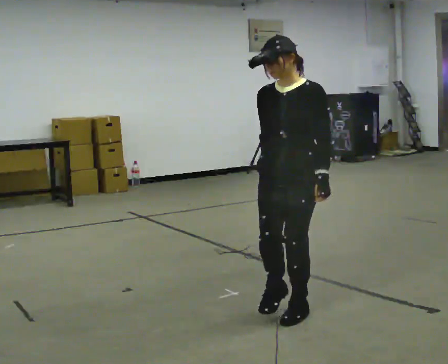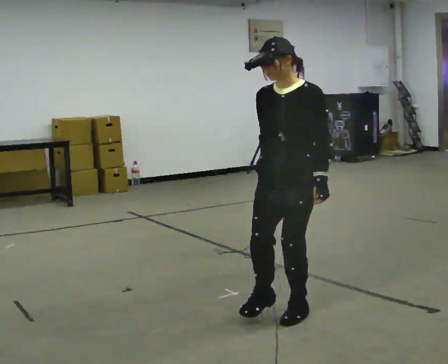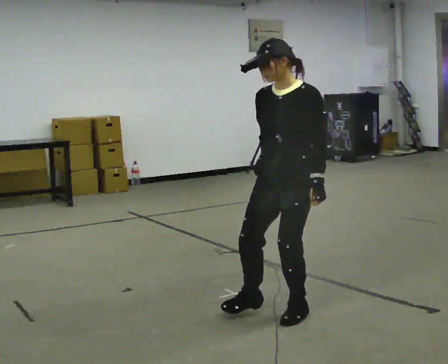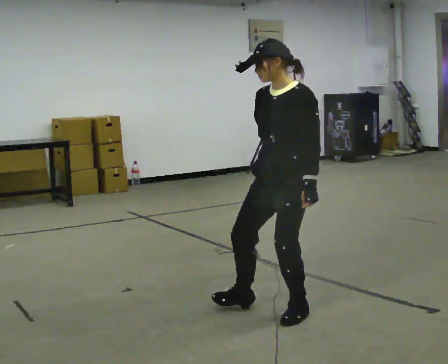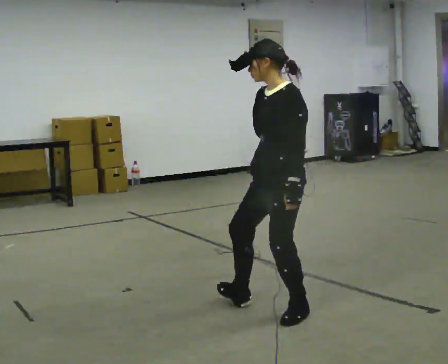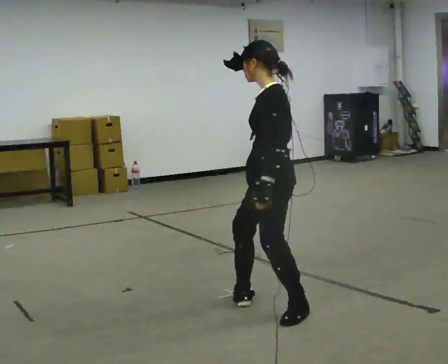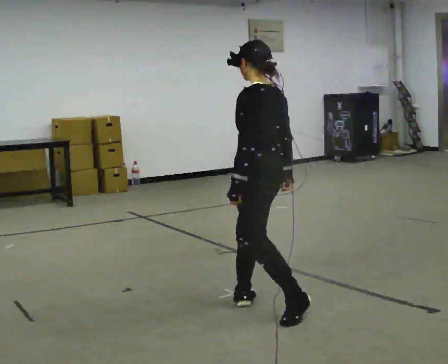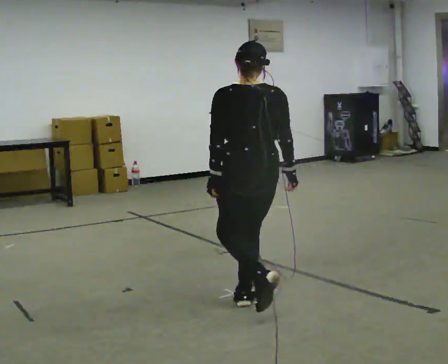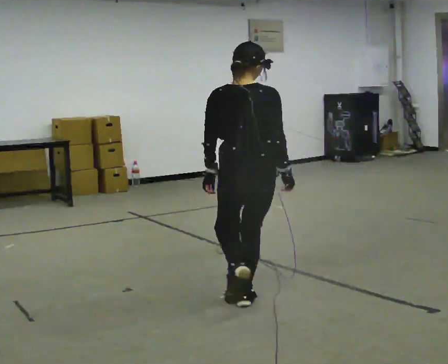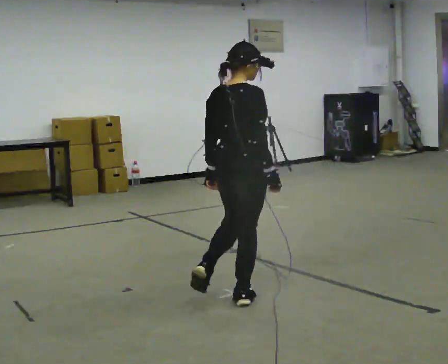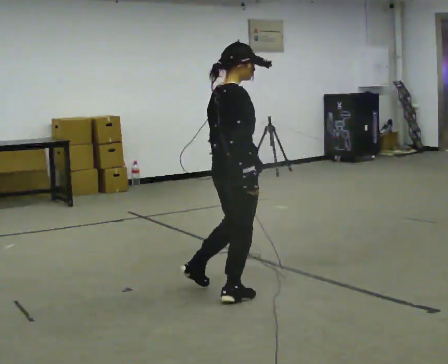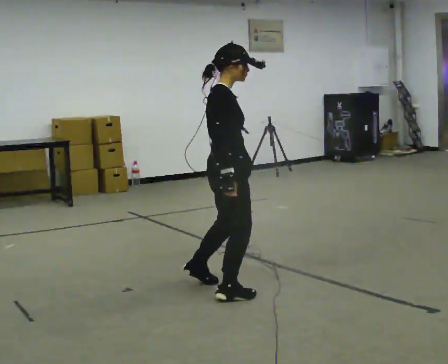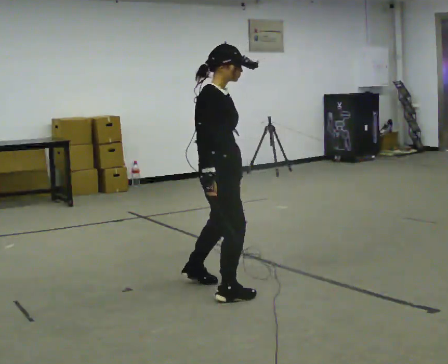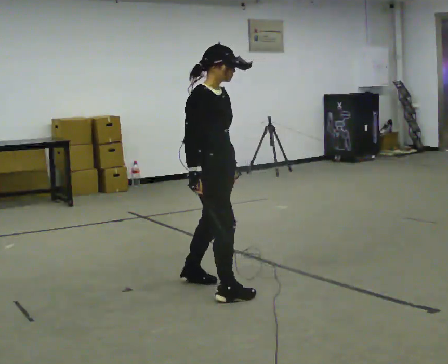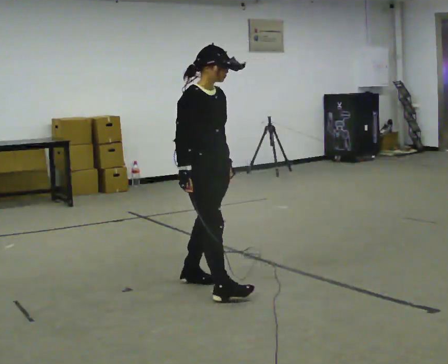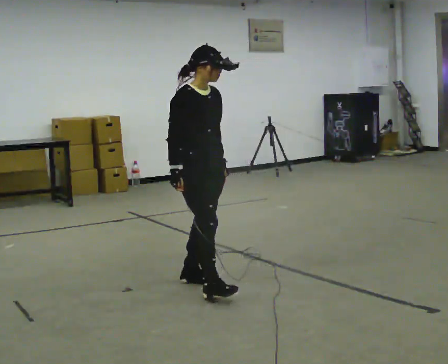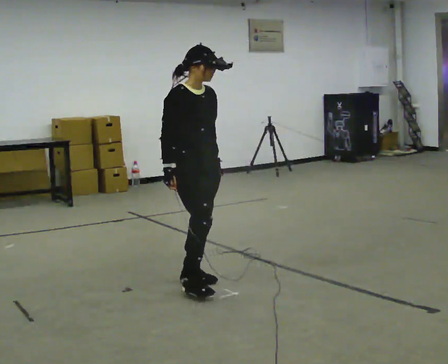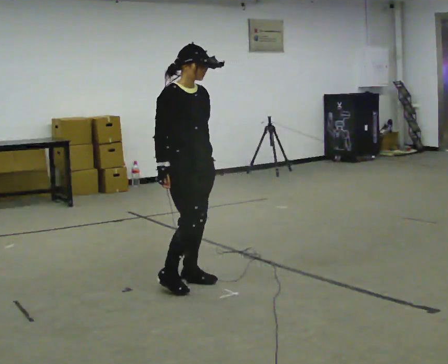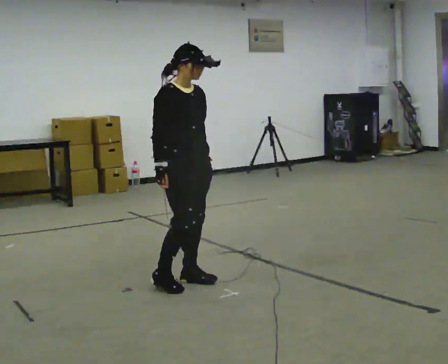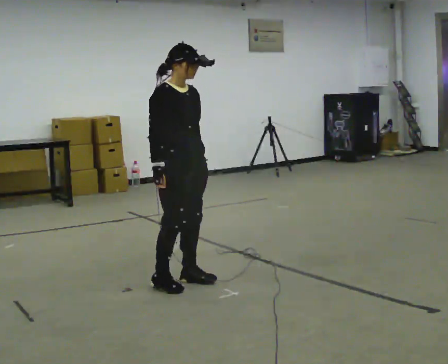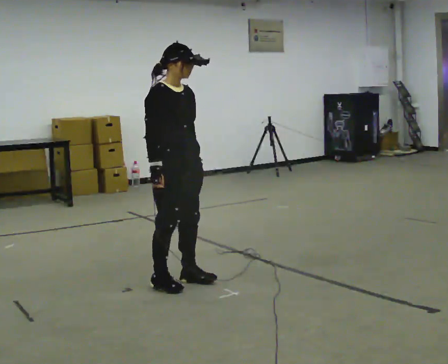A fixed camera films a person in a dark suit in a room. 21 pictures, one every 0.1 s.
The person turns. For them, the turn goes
to their right.
The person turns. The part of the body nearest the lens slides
to the left.
0.0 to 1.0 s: The person turns about 225 degrees to their right, clockwise seen from above, so the part of the body nearest the lens slides to the left. In the picture they go to the left and away from the camera, about 0.5 m in 1 step.
1.0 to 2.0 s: Seen from above the body turns clockwise, about 45 degrees: to their right, with its near side sliding to the left. In the picture they go to the left and away from the camera, about 0.5 m in 2 steps, which for them is backward.
The film runs forward here.
